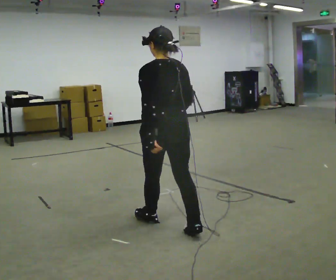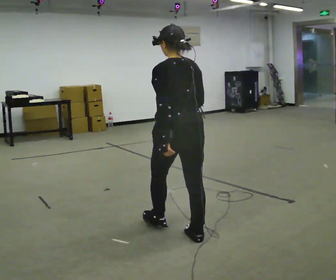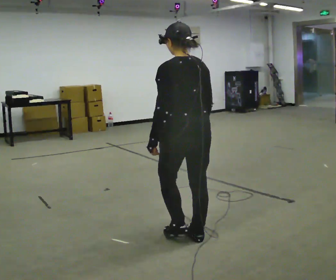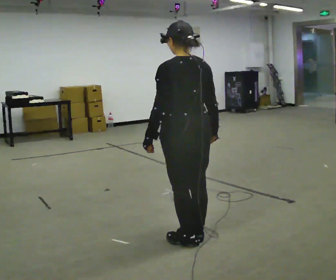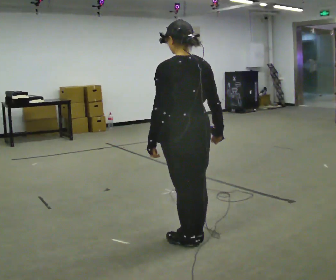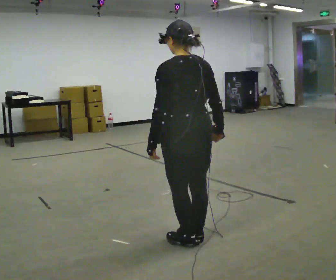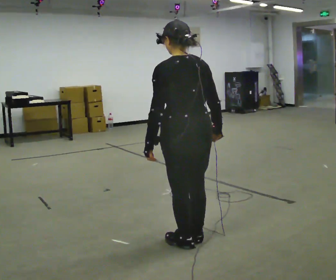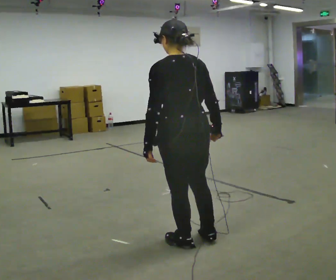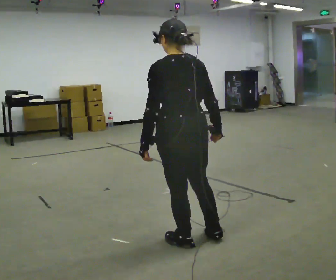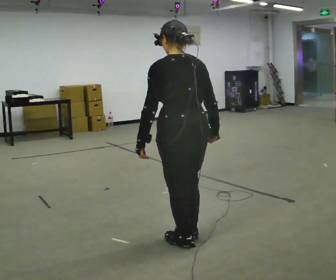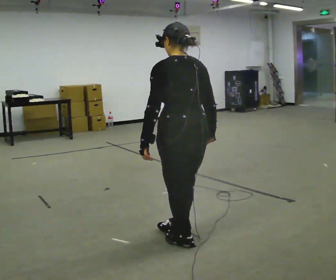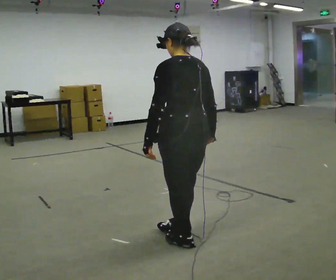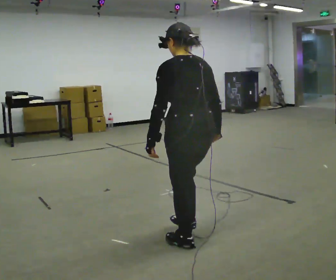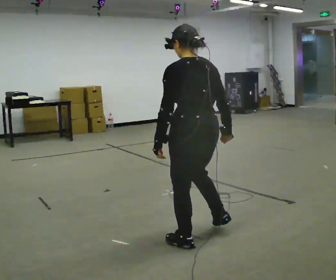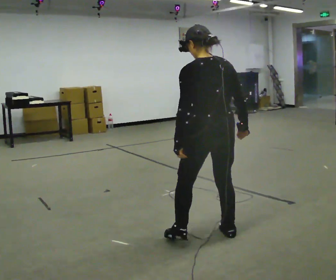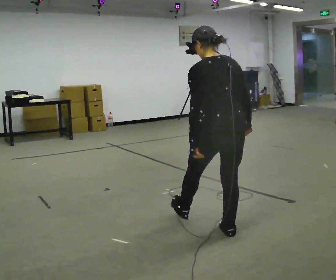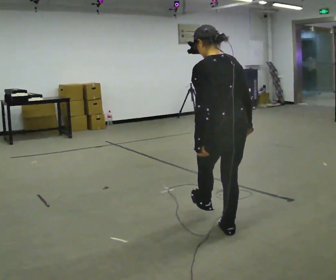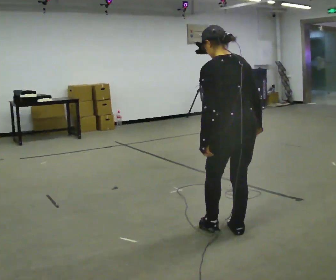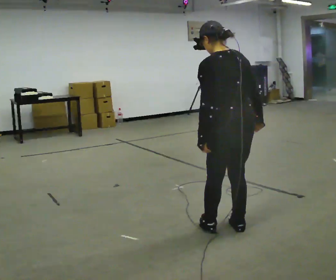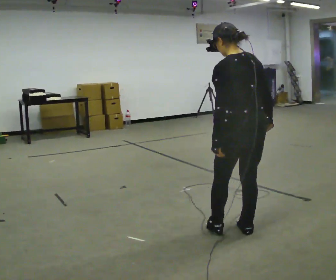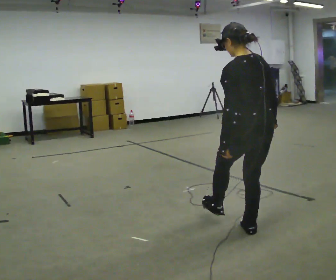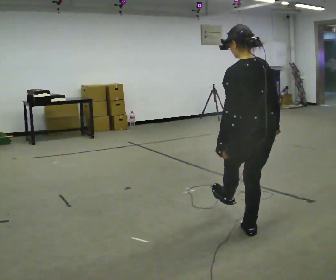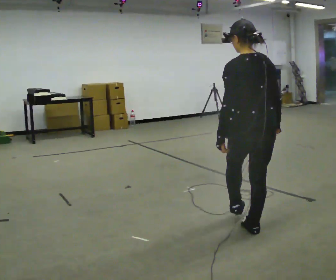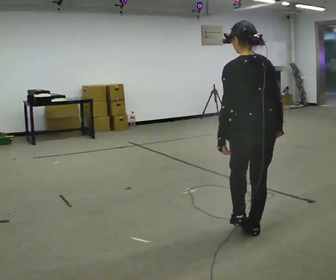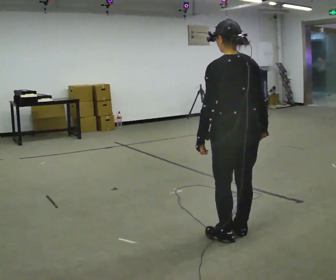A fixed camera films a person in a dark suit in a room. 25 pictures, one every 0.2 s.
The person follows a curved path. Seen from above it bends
counterclockwise.
0.0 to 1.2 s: In the picture they go toward the camera and to the right, about 0.25 m in 1 step, which for them is backward.
1.2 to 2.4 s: The person moves a little, or ends about where they began.
2.4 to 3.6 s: In the picture they go to the right, about 0.25 m in 1 step, which for them is to their right.
3.6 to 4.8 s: The person moves a little, or ends about where they began.
The film runs backward here.
